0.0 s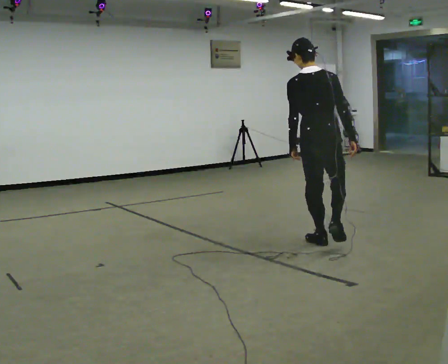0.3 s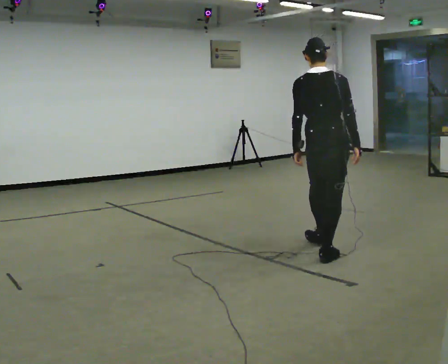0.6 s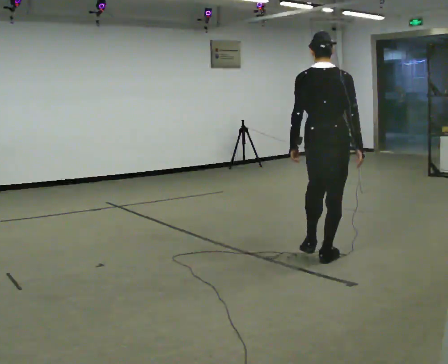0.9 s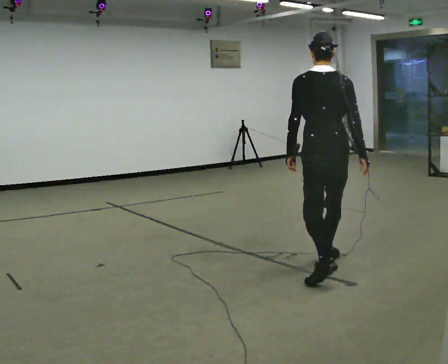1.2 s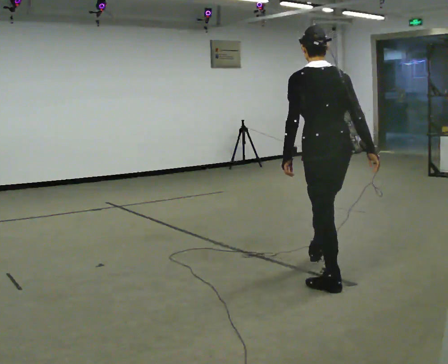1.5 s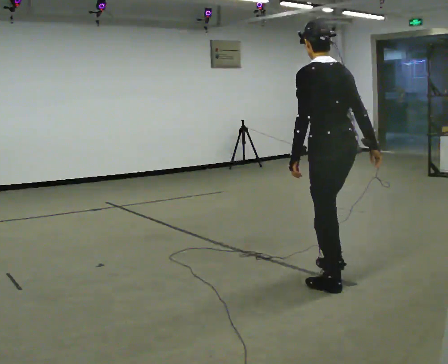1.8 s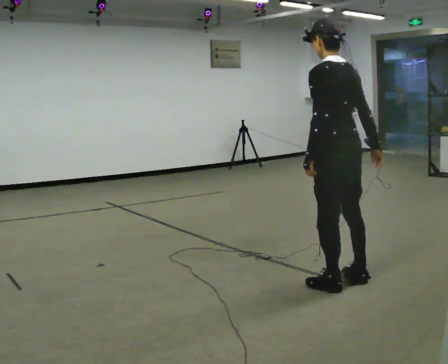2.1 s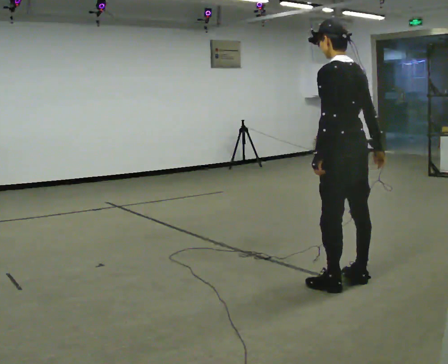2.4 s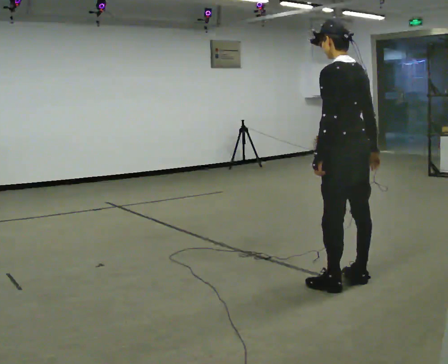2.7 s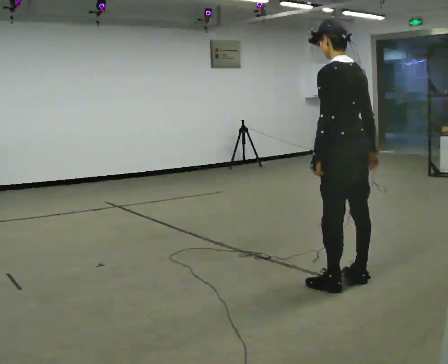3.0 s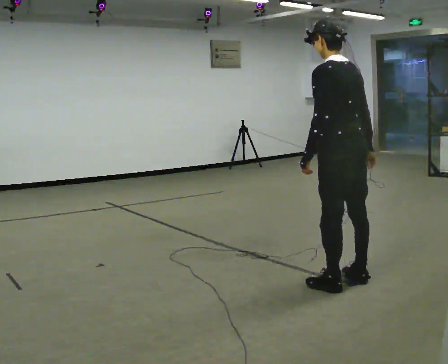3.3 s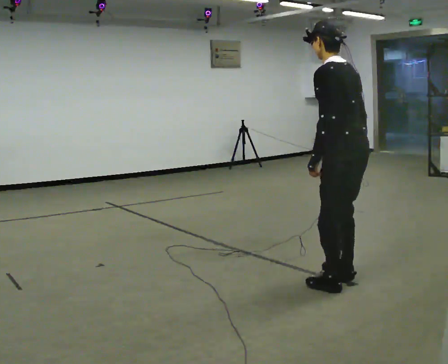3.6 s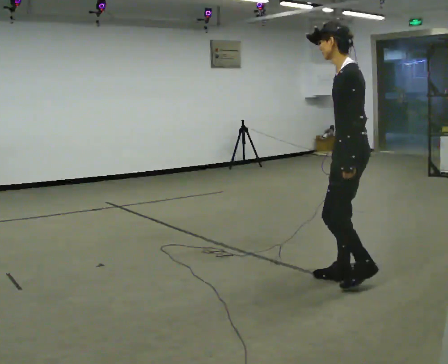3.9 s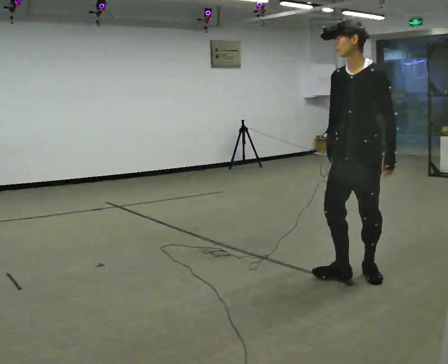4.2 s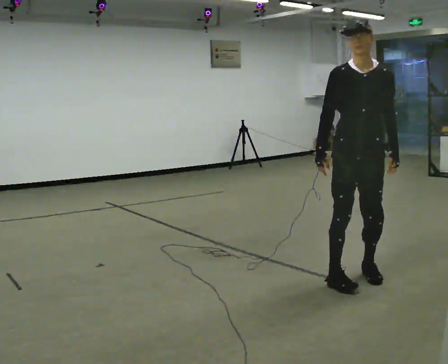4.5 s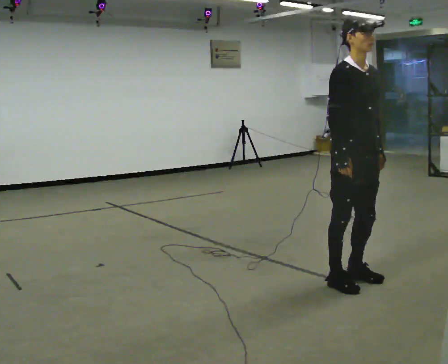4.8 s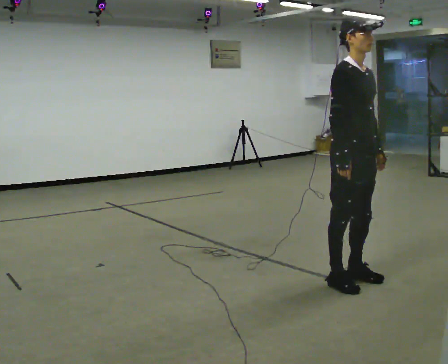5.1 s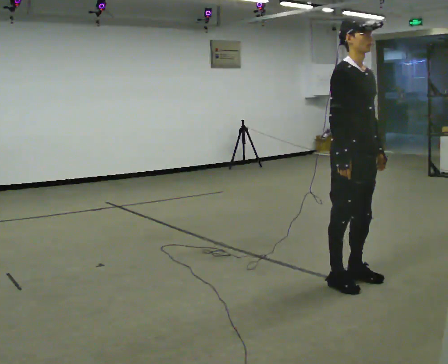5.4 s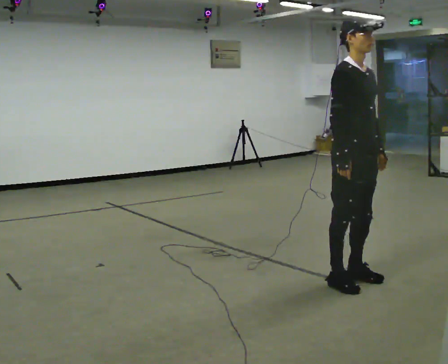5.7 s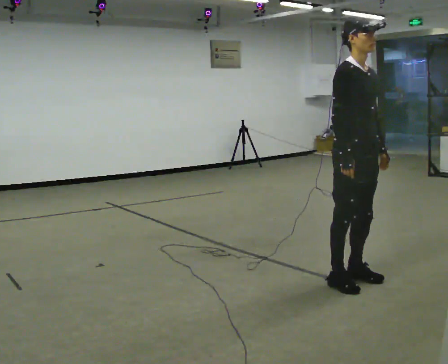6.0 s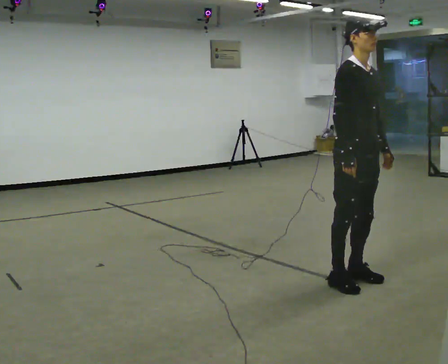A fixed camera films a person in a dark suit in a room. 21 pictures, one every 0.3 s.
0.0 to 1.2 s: In the picture they go toward the camera, about 1 m in 2 steps, which for them is backward.
1.2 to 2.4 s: The person moves a little, or ends about where they began.
2.4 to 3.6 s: Seen from above the body turns counterclockwise, about 45 degrees: to their left, with its near side sliding to the right.
3.6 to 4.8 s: The part of the body nearest the lens slides to the right as the person turns to their left by about 150 degrees.
4.8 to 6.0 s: The person moves a little, or ends about where they began.
The film runs backward here.
